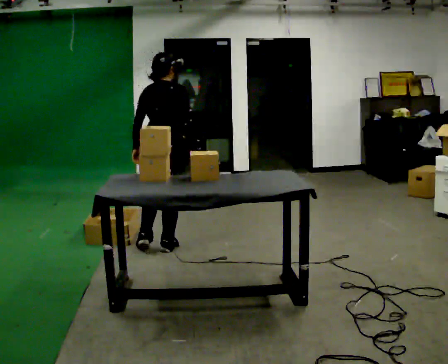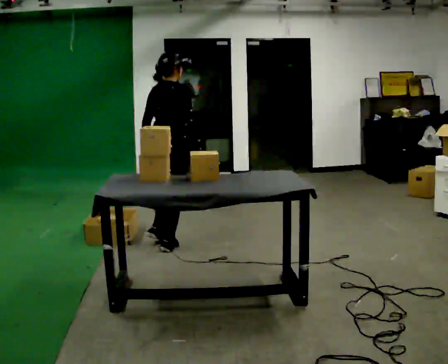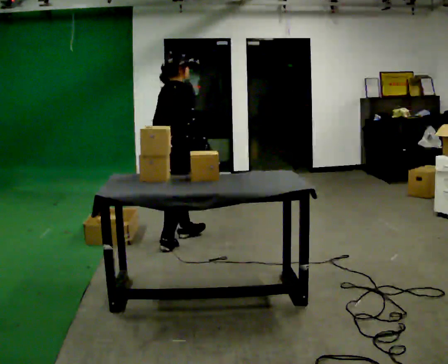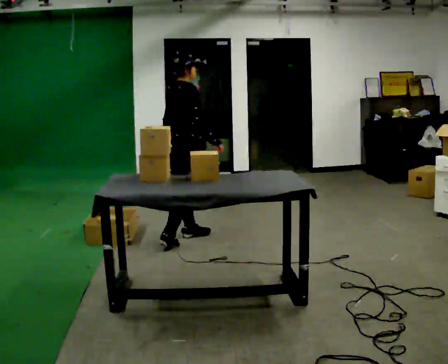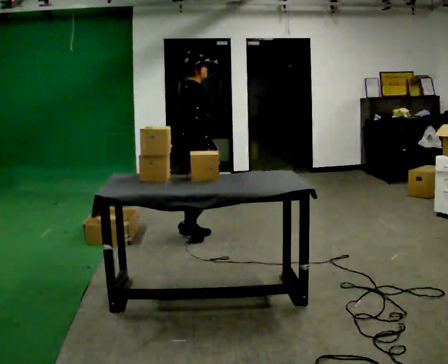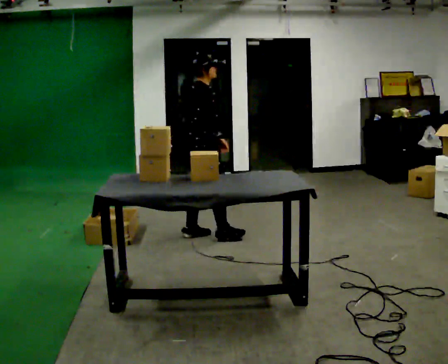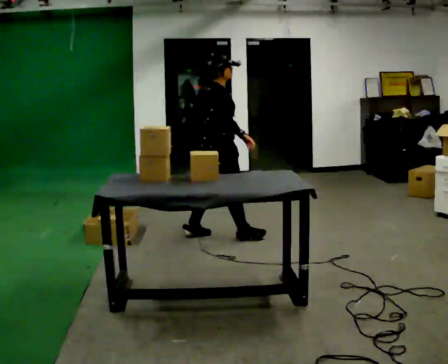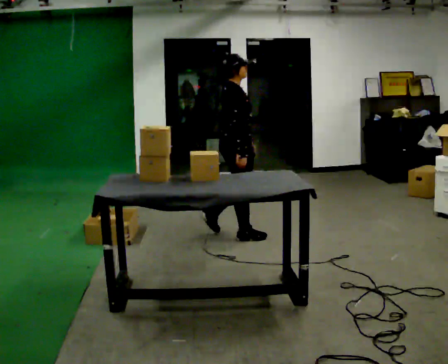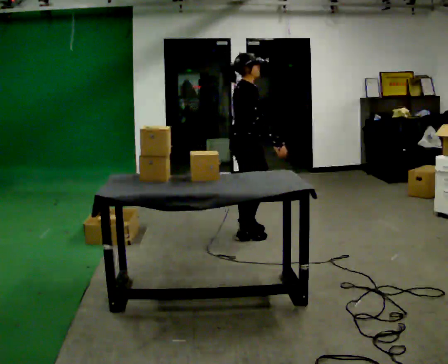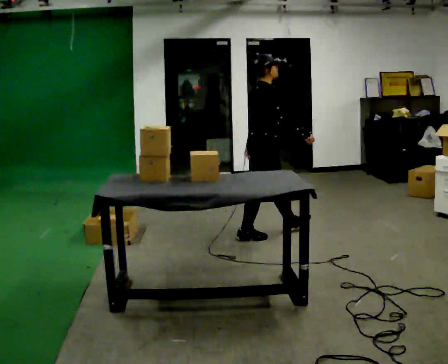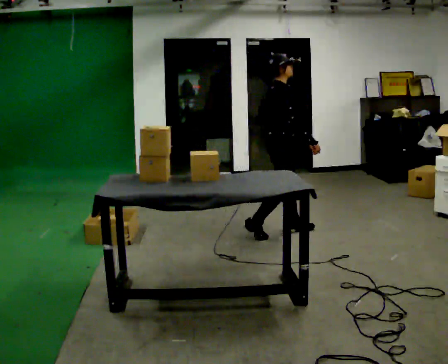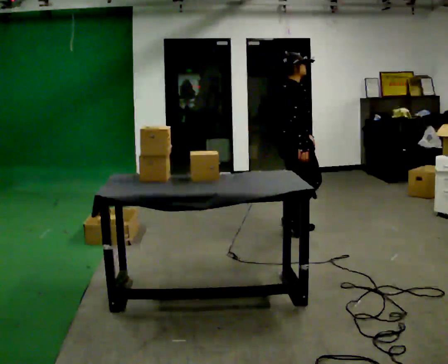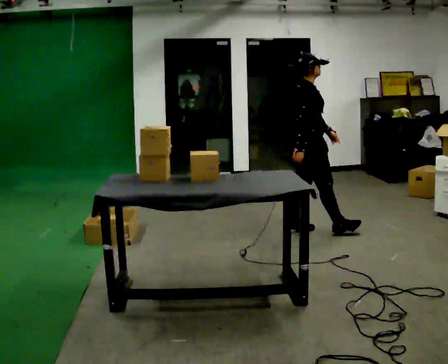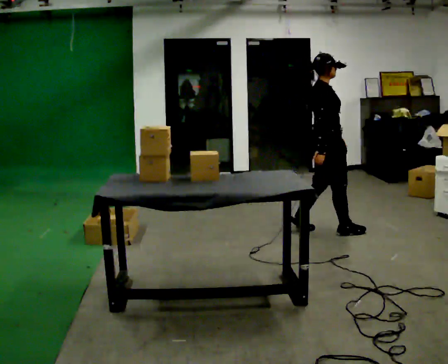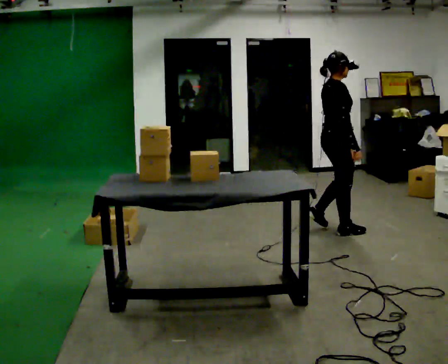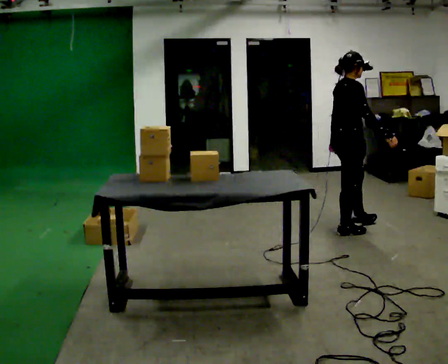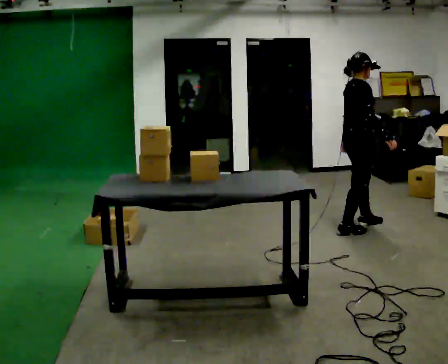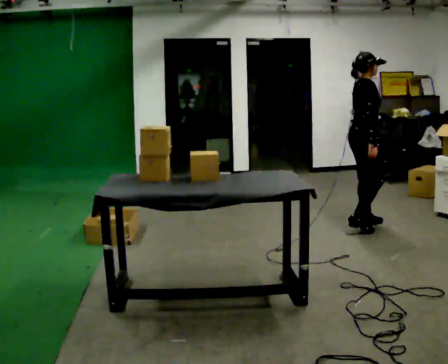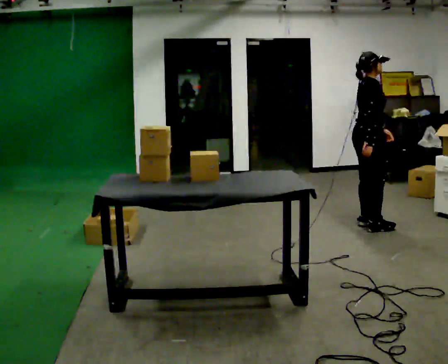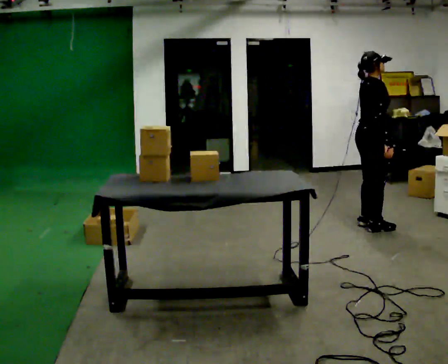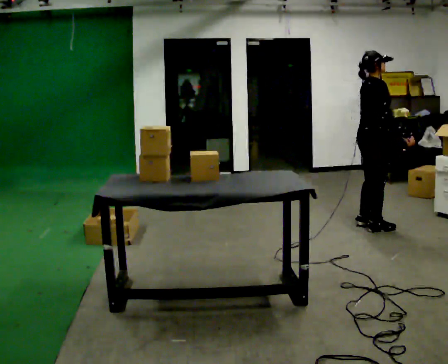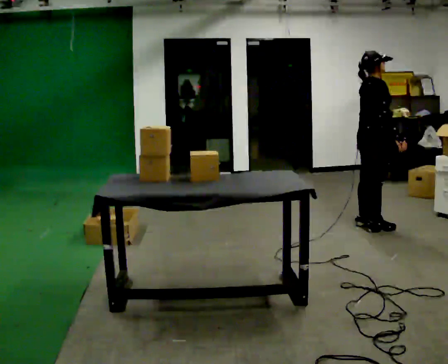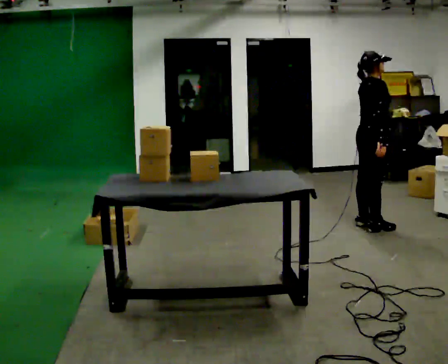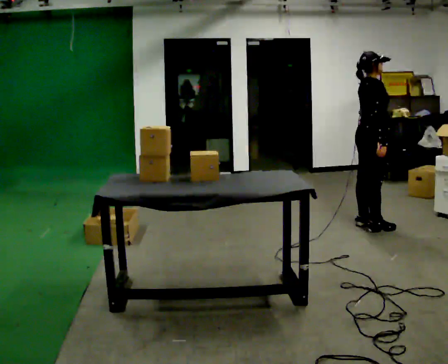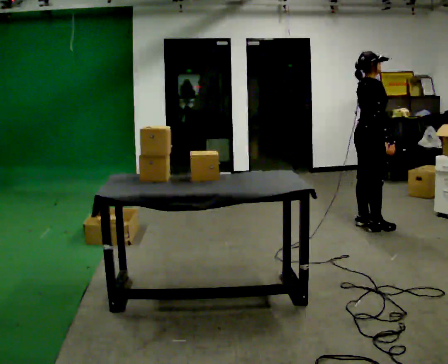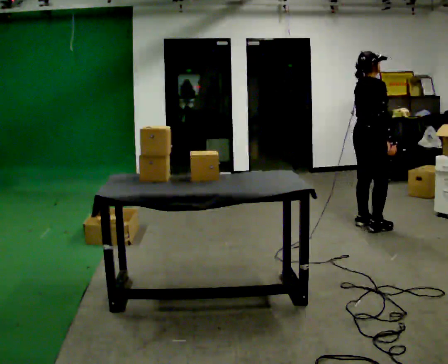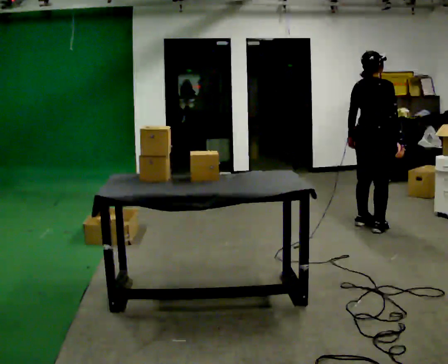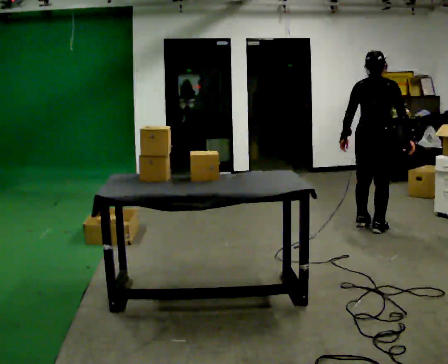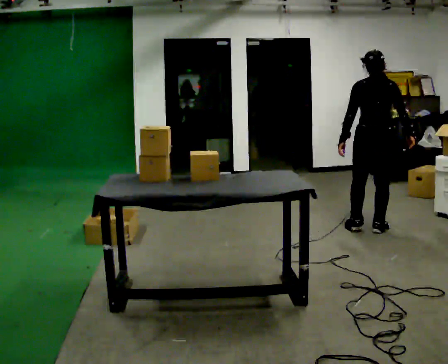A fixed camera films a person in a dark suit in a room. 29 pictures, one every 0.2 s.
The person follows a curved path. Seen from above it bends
clockwise.
The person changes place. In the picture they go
to the right.
0.0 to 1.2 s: Seen from above the body turns clockwise, about 60 degrees: to their right, with its near side sliding to the left. In the picture they go away from the camera and to the right, about 0.5 m in 2 steps, which for them is forward.
1.2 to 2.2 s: In the picture they go to the right and away from the camera, about 0.75 m in 1 step, which for them is forward.
2.2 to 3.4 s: In the picture they go to the right, about 0.75 m in 2 steps, which for them is forward.
3.4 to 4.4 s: The person moves a little, or ends about where they began.
4.4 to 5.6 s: The part of the body nearest the lens slides to the right as the person turns to their left by about 75 degrees.
The film runs forward here.
